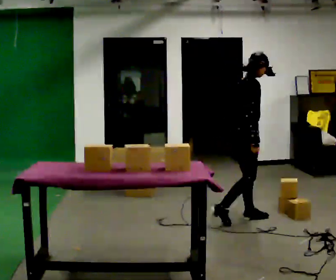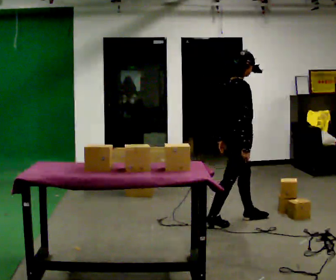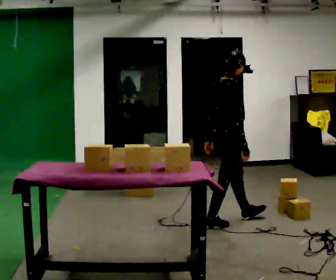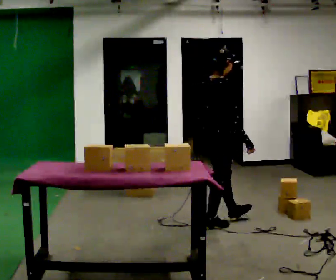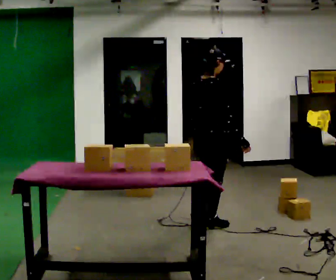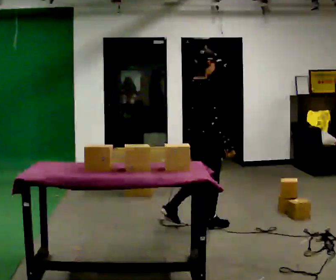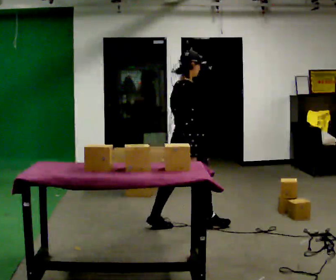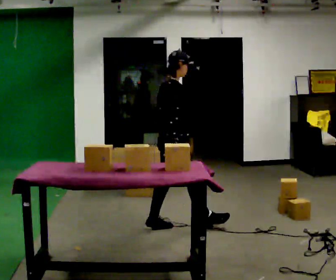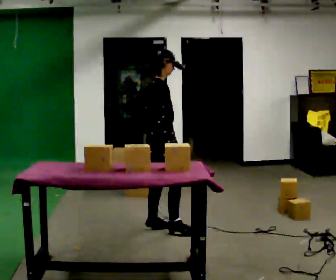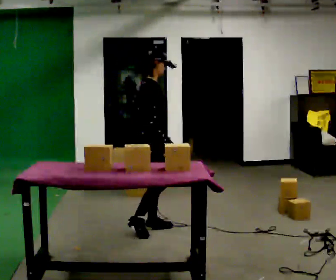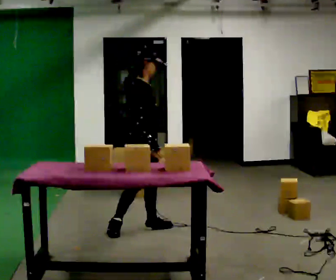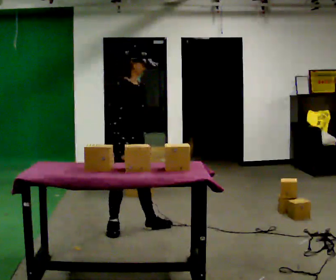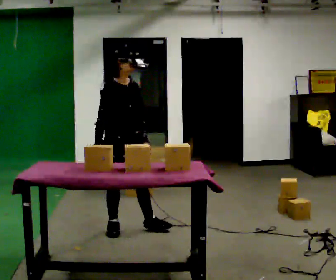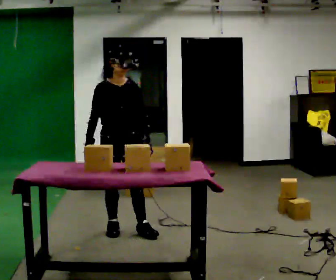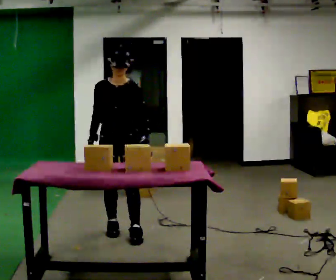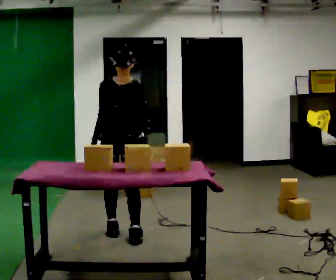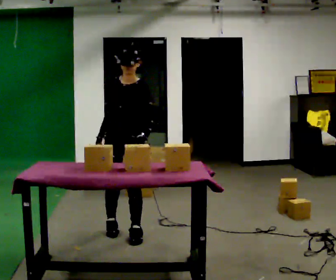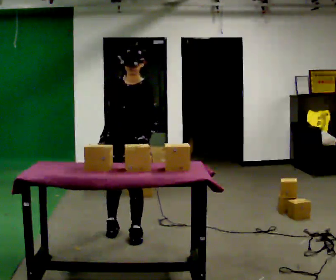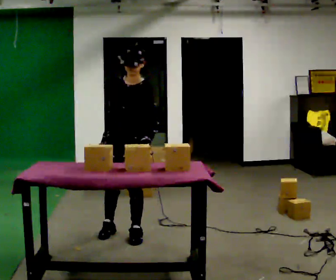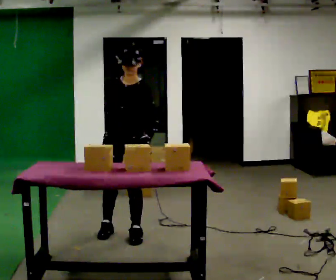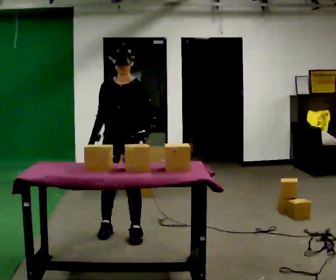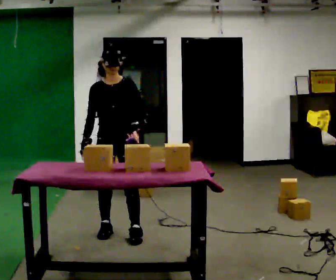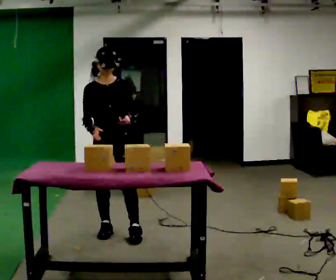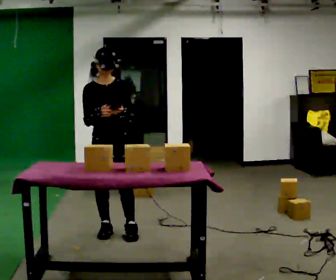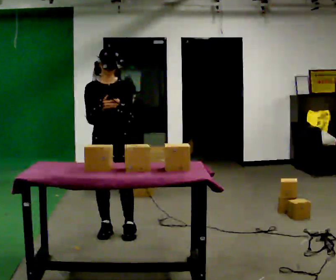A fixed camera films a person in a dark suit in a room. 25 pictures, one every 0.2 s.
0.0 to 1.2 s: In the picture they go to the left, about 0.5 m in 1 step, which for them is backward.
1.2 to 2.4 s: Seen from above the body turns clockwise, about 60 degrees: to their right, with its near side sliding to the left. In the picture they go to the left, about 0.5 m in 2 steps, which for them is backward.
2.4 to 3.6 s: Seen from above the body turns clockwise, about 75 degrees: to their right, with its near side sliding to the left. In the picture they go toward the camera, about 0.25 m.
3.6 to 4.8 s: The person turns about 30 degrees to their left, counterclockwise seen from above, so the part of the body nearest the lens slides to the right. In the picture they go to the left, about 0.25 m, which for them is to their right. The upper body tips away from the camera, its near side rolling upward.
The film runs backward here.
